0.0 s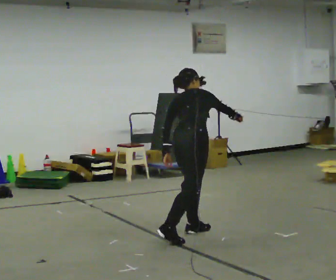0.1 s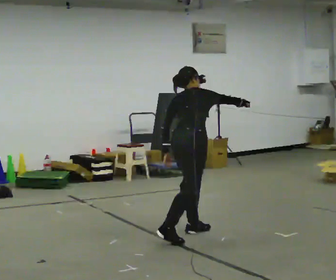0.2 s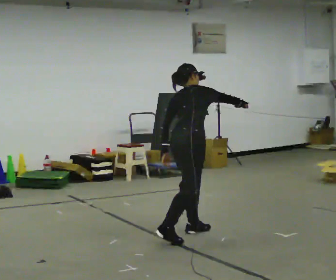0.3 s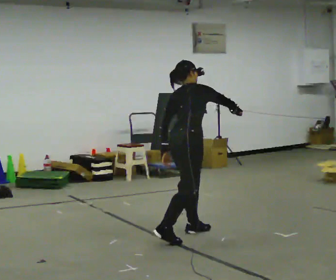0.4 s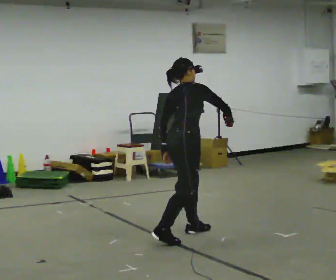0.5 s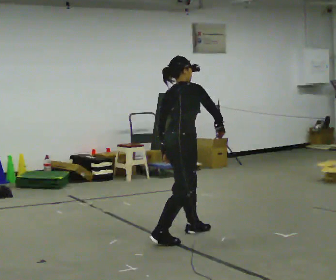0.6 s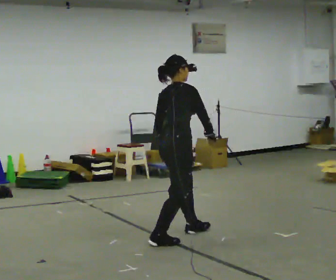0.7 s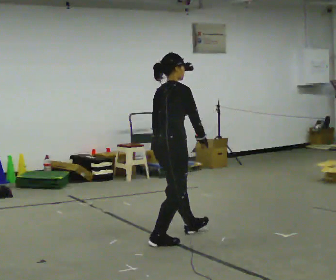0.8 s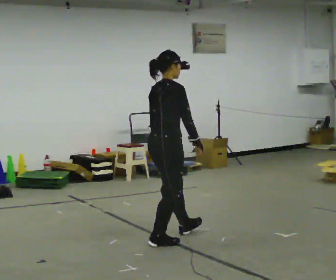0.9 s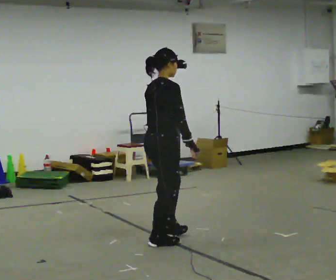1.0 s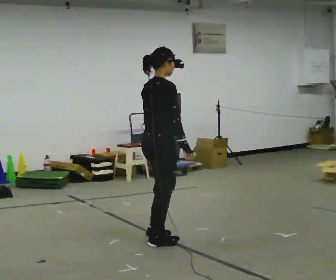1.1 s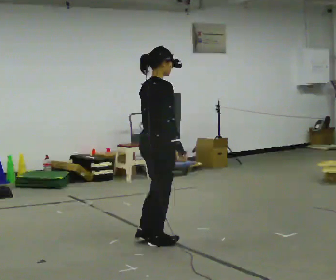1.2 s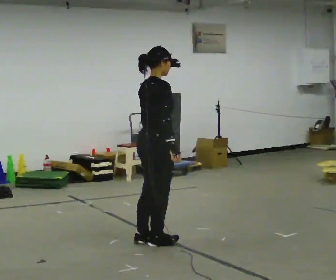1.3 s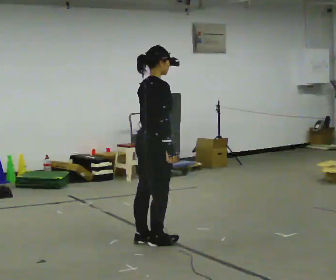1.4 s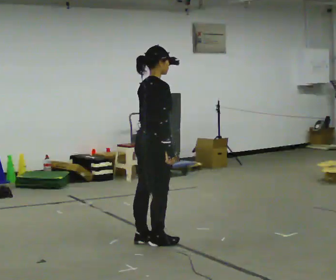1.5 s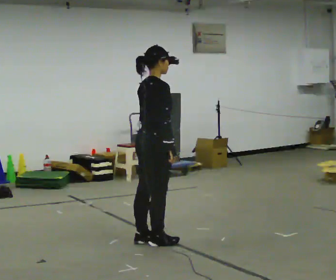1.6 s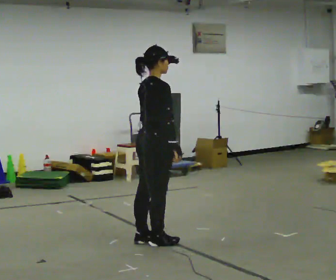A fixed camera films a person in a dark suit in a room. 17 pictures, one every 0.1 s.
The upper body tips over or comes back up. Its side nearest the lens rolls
downward.
0.0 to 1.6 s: In the picture they go to the left and toward the camera, about 0.25 m in 1 step, which for them is backward. The upper body tips toward the camera, its near side rolling downward, as they lean back or straighten.
The film runs forward here.
